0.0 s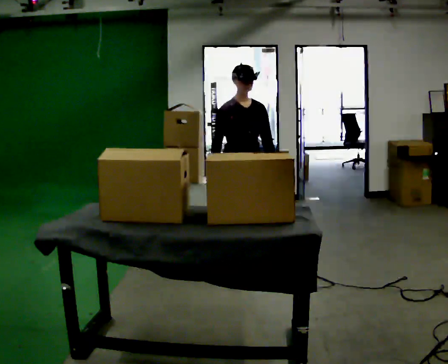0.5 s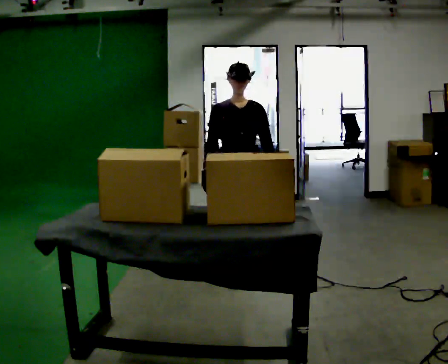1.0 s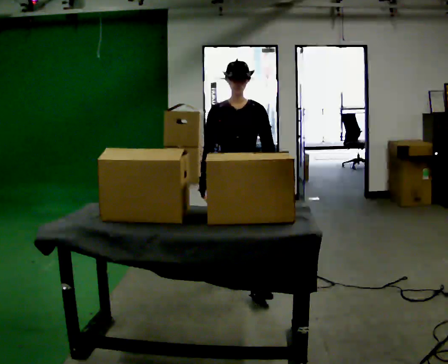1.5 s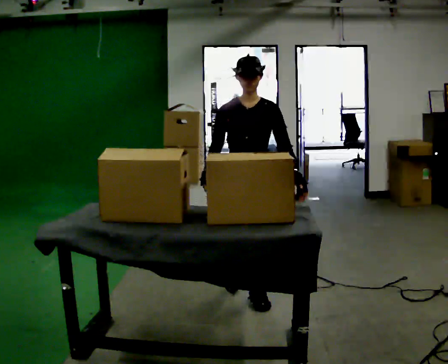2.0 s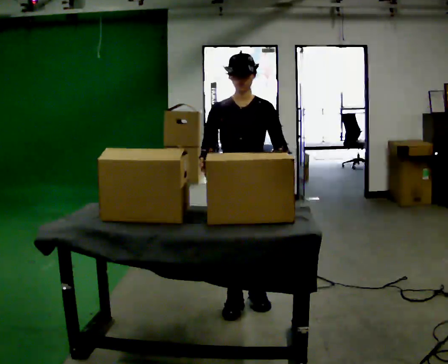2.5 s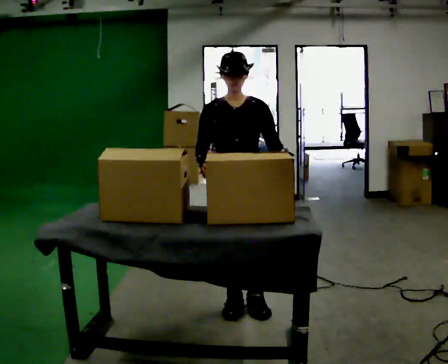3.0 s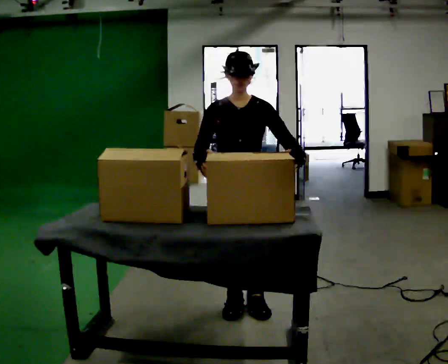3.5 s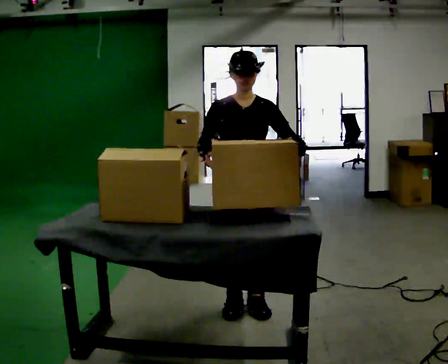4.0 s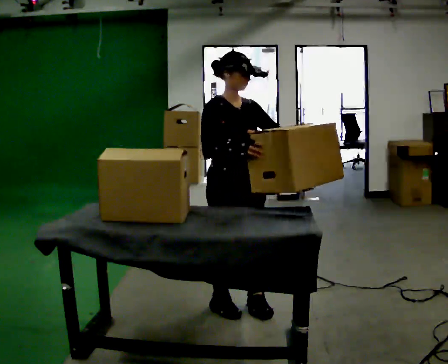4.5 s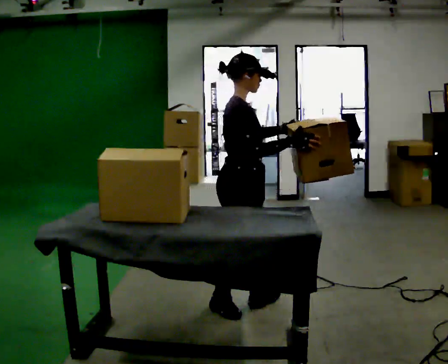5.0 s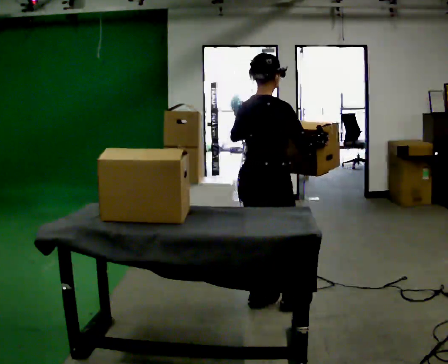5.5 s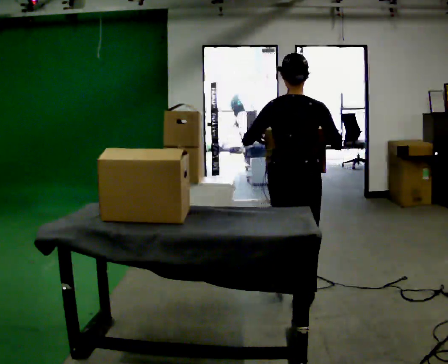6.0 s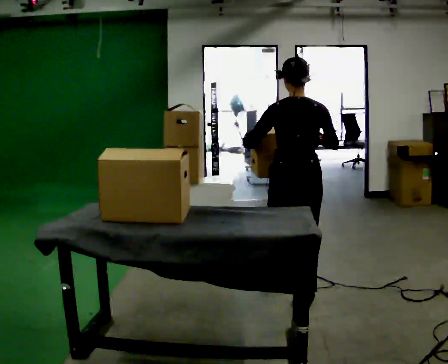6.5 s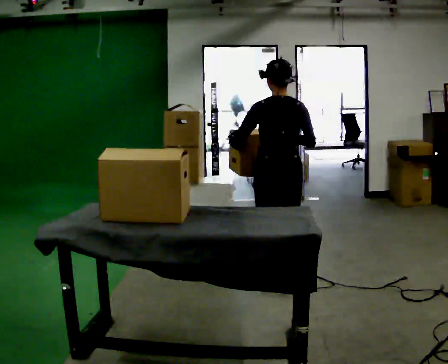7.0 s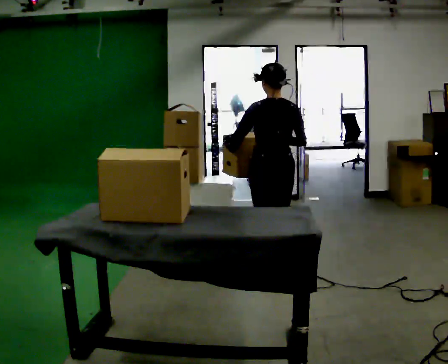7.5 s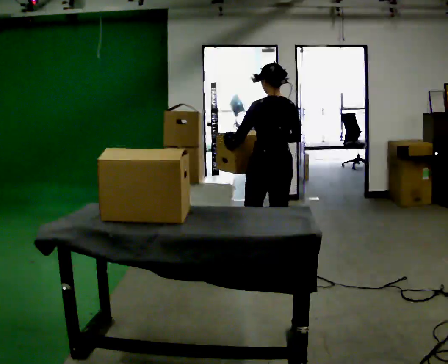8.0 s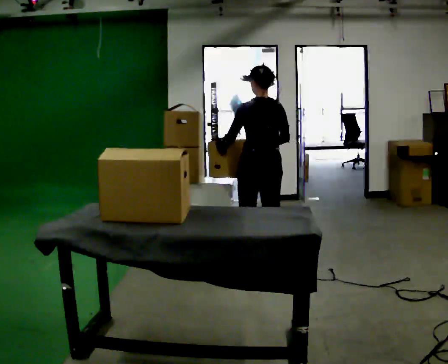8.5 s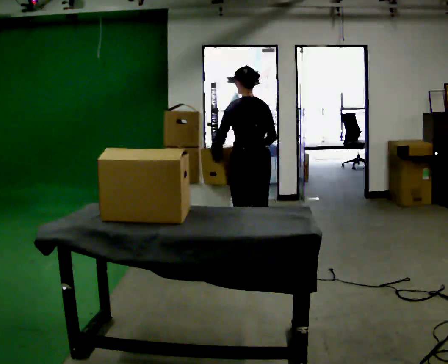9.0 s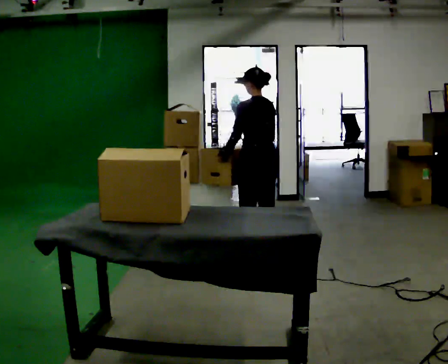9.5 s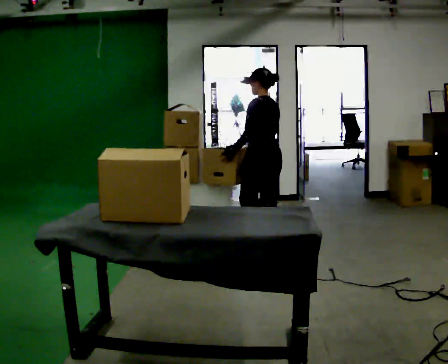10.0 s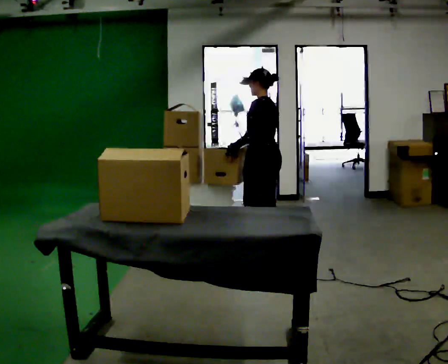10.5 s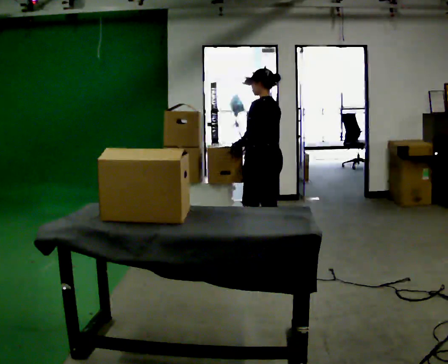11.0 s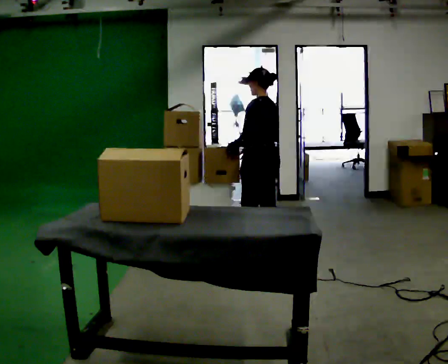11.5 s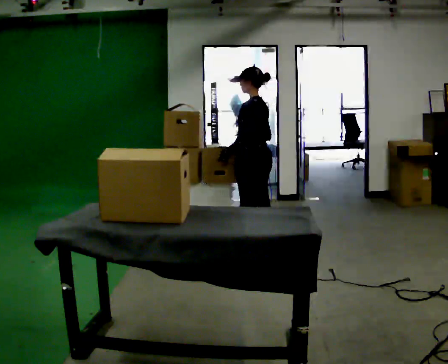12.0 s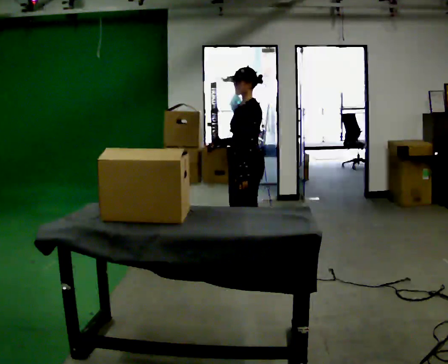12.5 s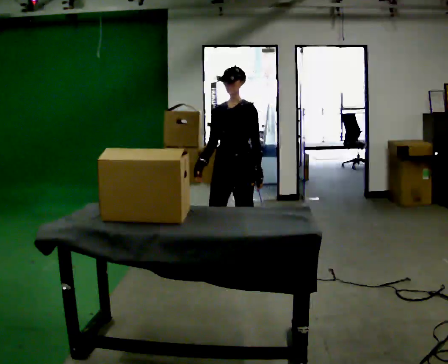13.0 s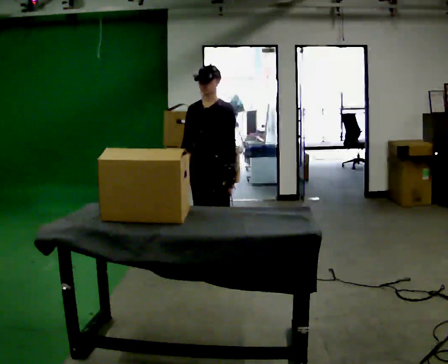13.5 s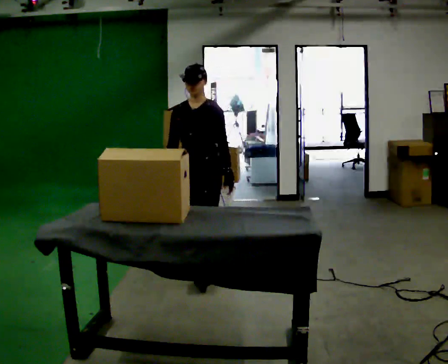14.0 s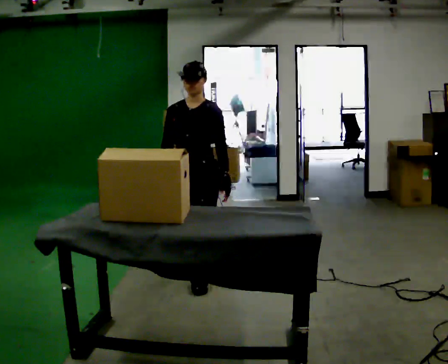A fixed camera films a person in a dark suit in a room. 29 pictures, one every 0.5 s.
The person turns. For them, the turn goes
to their left.
The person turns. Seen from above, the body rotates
counterclockwise.
0.0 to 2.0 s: The person turns about 30 degrees to their right, clockwise seen from above, so the part of the body nearest the lens slides to the left. In the picture they go toward the camera, about 1 m in 2 steps, which for them is forward.
2.0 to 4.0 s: The person turns about 45 degrees to their left, counterclockwise seen from above, so the part of the body nearest the lens slides to the right.
4.0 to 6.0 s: The person turns about 135 degrees to their left, counterclockwise seen from above, so the part of the body nearest the lens slides to the right. In the picture they go to the right and away from the camera, about 0.5 m in 2 steps.
6.0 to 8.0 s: The person turns about 30 degrees to their left, counterclockwise seen from above, so the part of the body nearest the lens slides to the right. In the picture they go away from the camera, about 1 m in 2 steps, which for them is forward.
8.0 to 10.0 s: Seen from above the body turns counterclockwise, about 45 degrees: to their left, with its near side sliding to the right. In the picture they go away from the camera, about 0.25 m in 1 step, which for them is to their right and forward.
10.0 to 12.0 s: The person turns about 45 degrees to their left, counterclockwise seen from above, so the part of the body nearest the lens slides to the right. In the picture they go toward the camera, about 0.25 m, which for them is to their left.
12.0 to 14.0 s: Seen from above the body turns counterclockwise, about 60 degrees: to their left, with its near side sliding to the right. In the picture they go toward the camera and to the left, about 0.75 m in 2 steps, which for them is forward.
The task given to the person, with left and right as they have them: Move objects one at a time from the waist-height shelf at one end of the room to the waist-height shelf at the other end. Keep going until the operator says stop; one object at a time, and do not rush between trips.
The film runs forward here.
